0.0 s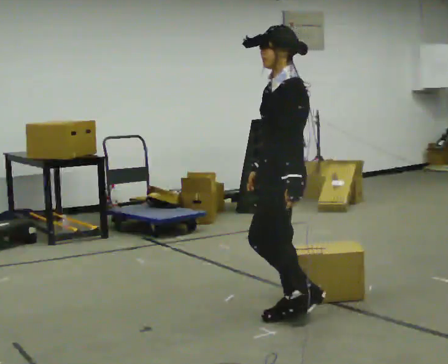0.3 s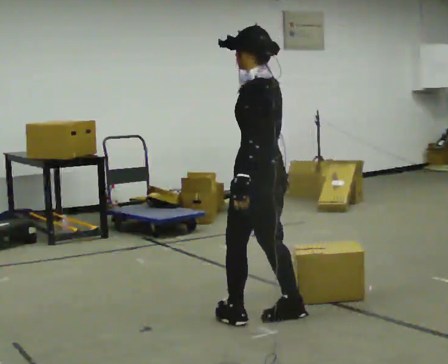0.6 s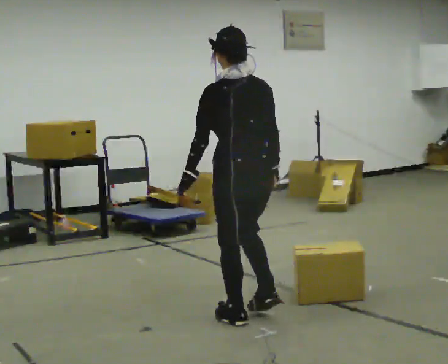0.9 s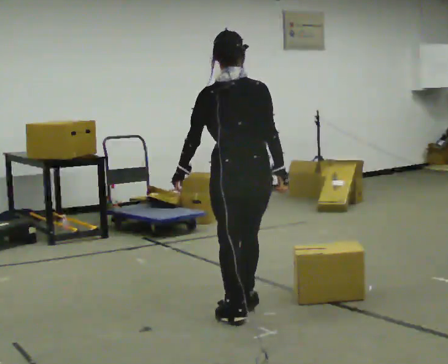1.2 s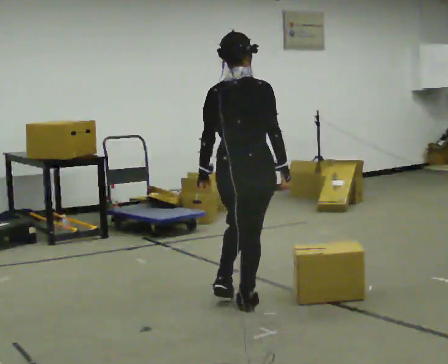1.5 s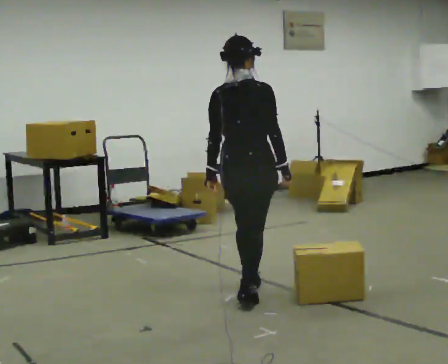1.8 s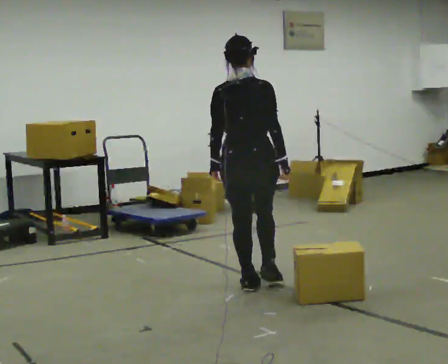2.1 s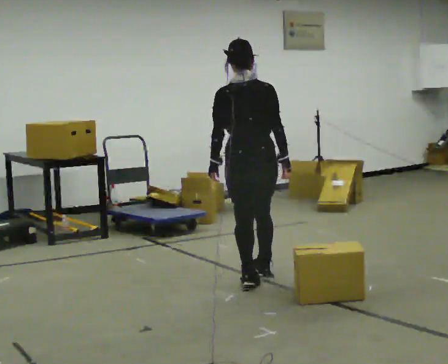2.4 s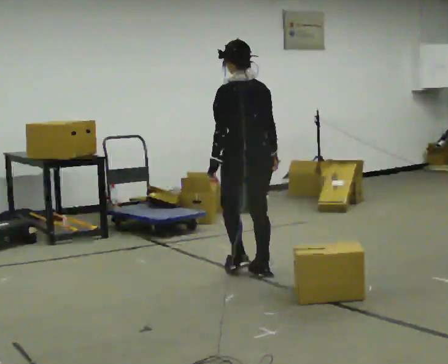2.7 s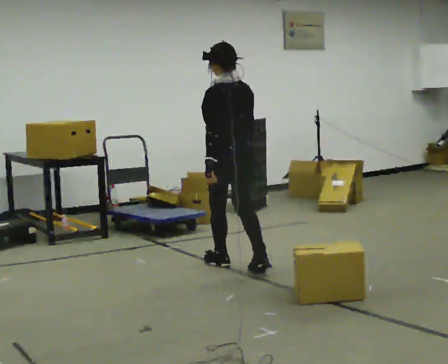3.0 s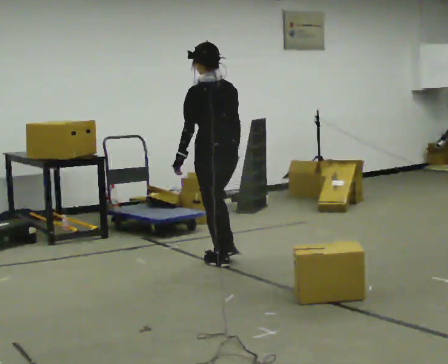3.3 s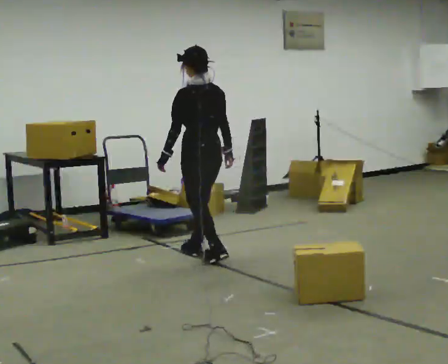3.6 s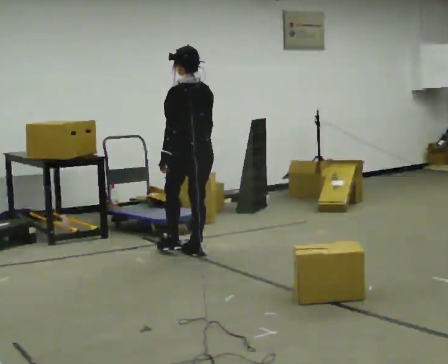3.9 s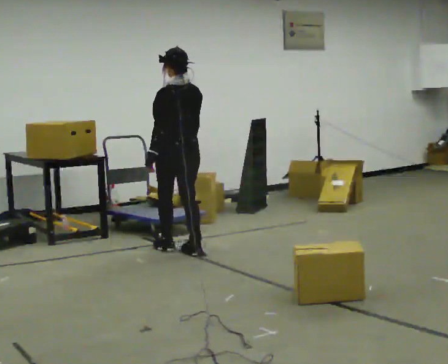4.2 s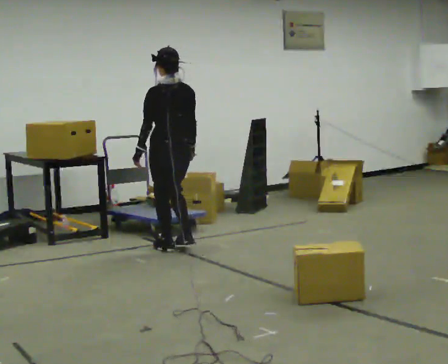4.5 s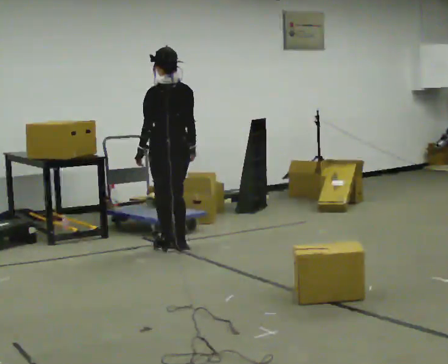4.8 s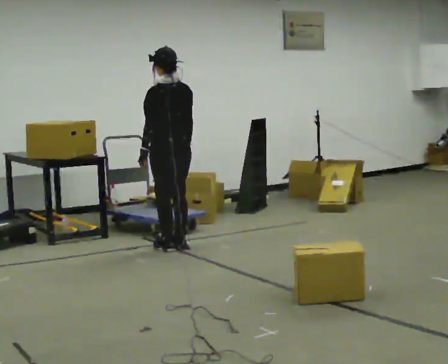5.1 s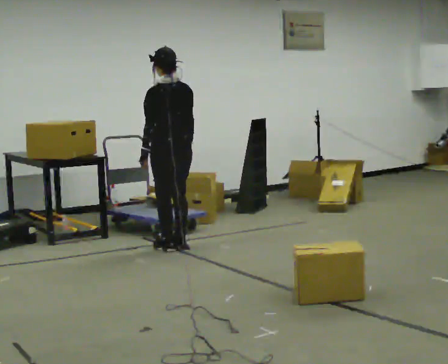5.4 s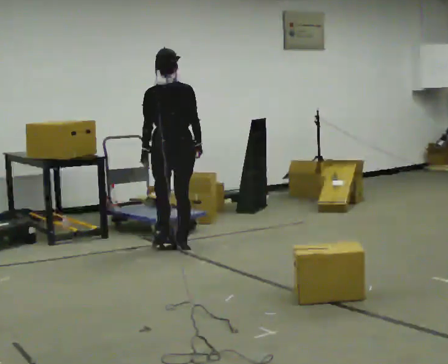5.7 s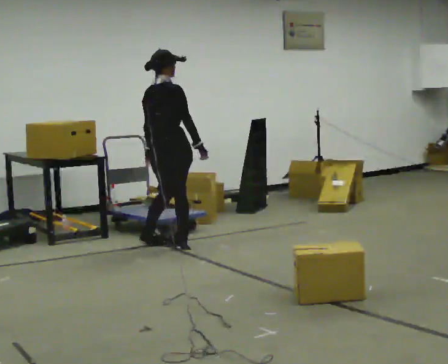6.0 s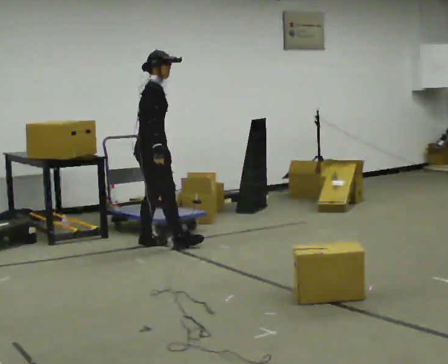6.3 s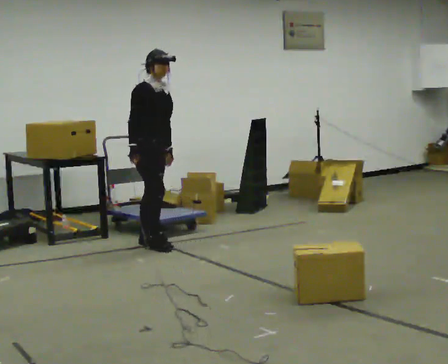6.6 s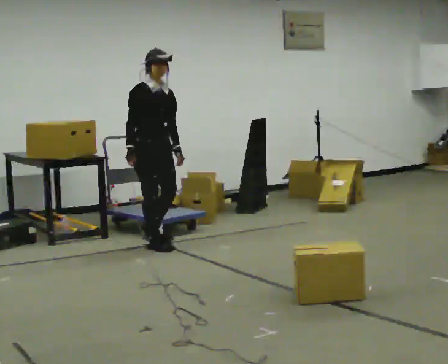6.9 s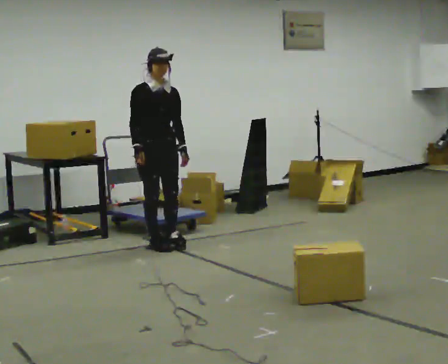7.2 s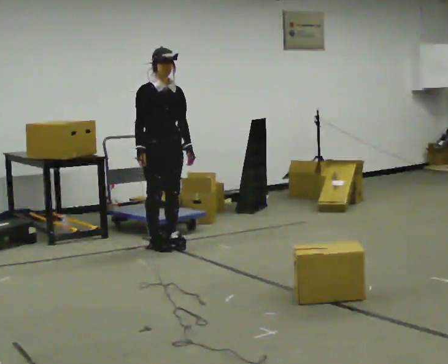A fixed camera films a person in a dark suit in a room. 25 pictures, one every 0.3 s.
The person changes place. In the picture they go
away from the camera.
0.0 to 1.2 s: Seen from above the body turns clockwise, about 120 degrees: to their right, with its near side sliding to the left. In the picture they go away from the camera and to the left, about 0.25 m in 2 steps.
1.2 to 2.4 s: Seen from above the body turns counterclockwise, about 45 degrees: to their left, with its near side sliding to the right. In the picture they go away from the camera, about 0.5 m in 2 steps, which for them is forward.
2.4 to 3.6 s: In the picture they go away from the camera and to the left, about 0.5 m in 2 steps, which for them is forward.
3.6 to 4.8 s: In the picture they go away from the camera and to the left, about 0.25 m in 2 steps, which for them is forward.
4.8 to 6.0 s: The part of the body nearest the lens slides to the left as the person turns to their right by about 120 degrees. In the picture they go to the left, about 0.25 m in 1 step.
6.0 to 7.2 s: Seen from above the body turns clockwise, about 75 degrees: to their right, with its near side sliding to the left.
The film runs forward here.
